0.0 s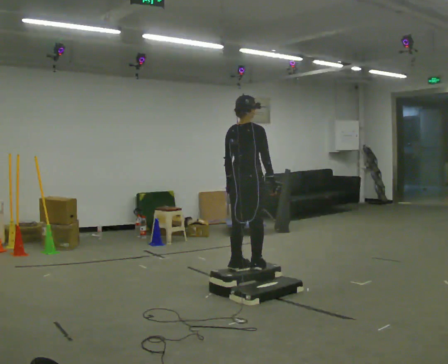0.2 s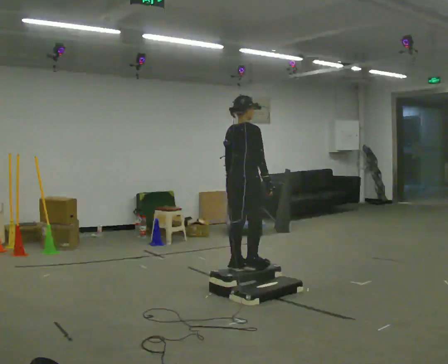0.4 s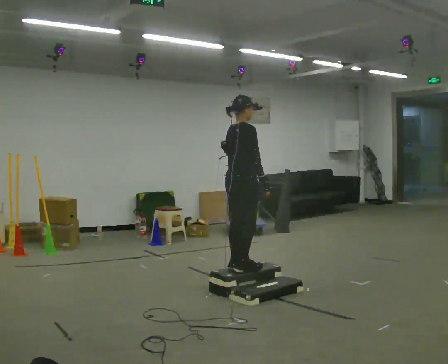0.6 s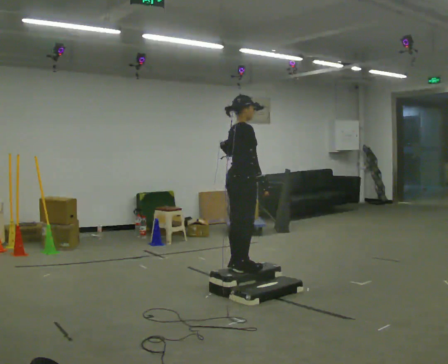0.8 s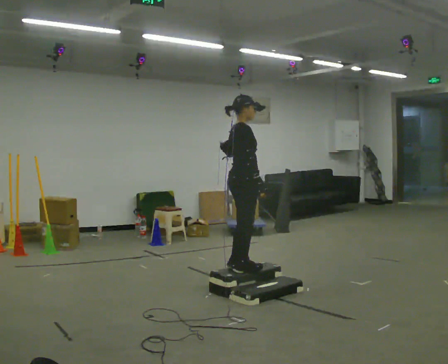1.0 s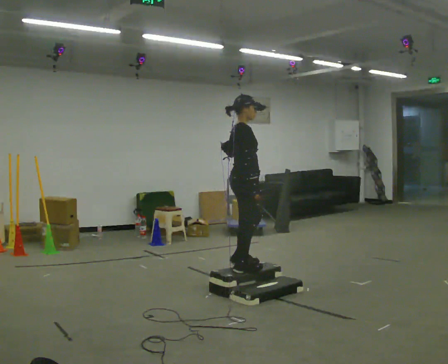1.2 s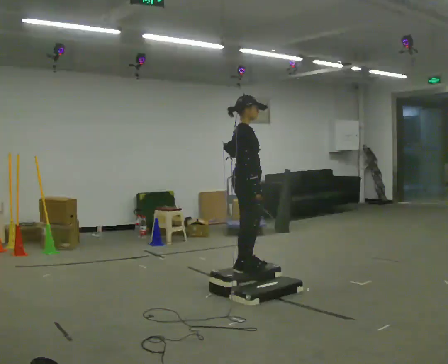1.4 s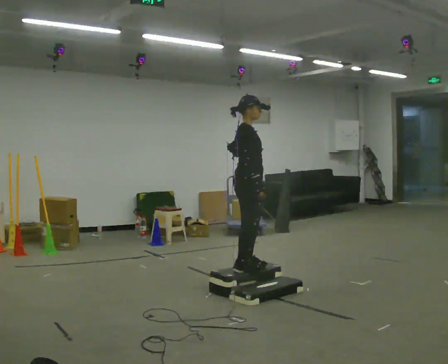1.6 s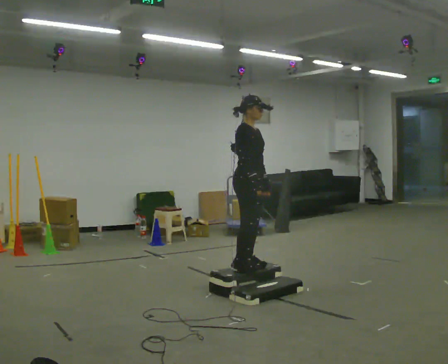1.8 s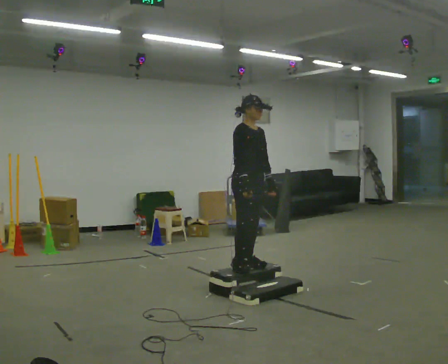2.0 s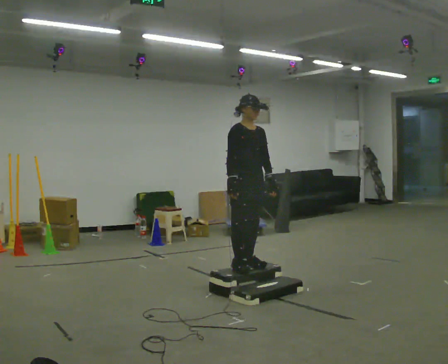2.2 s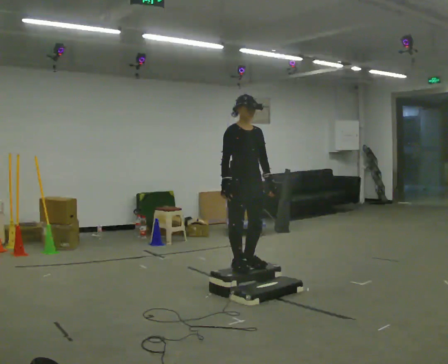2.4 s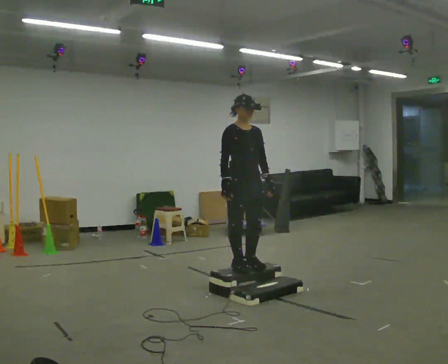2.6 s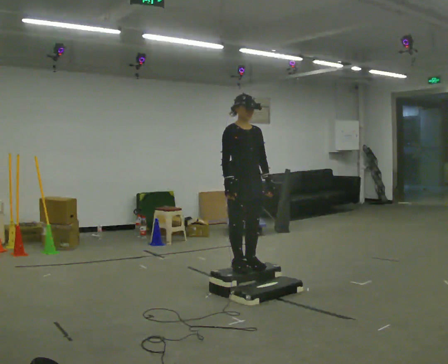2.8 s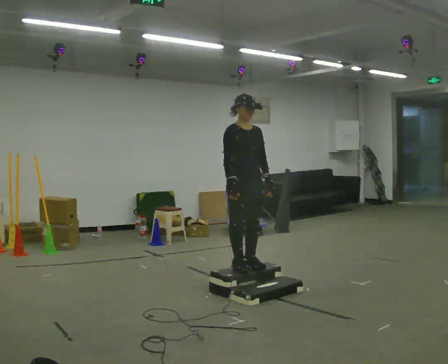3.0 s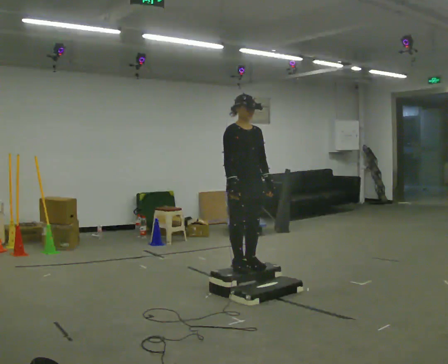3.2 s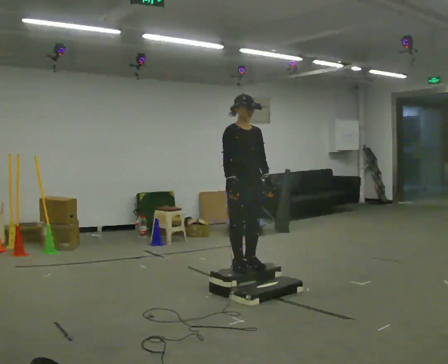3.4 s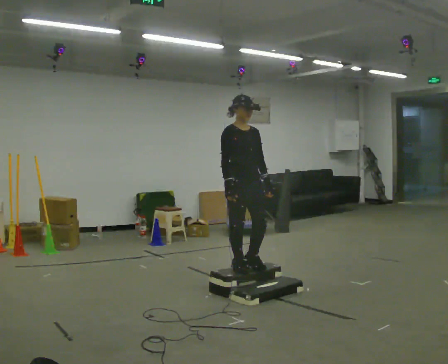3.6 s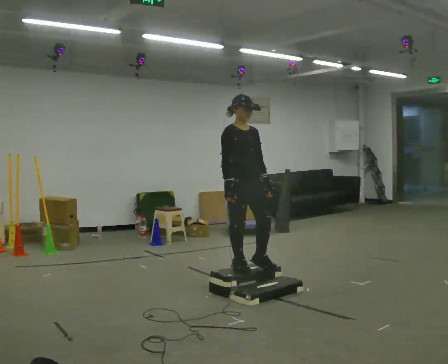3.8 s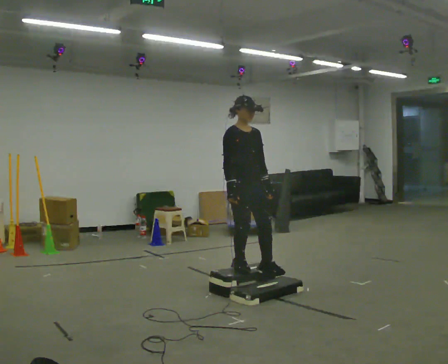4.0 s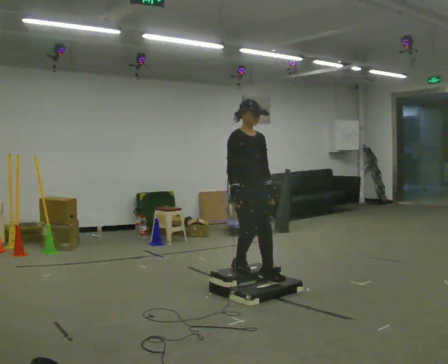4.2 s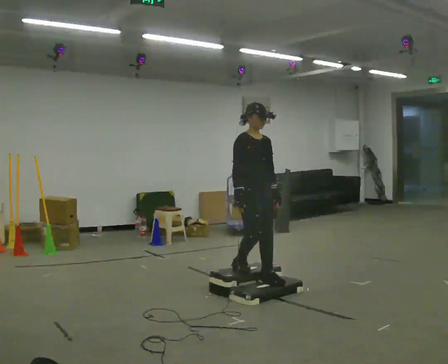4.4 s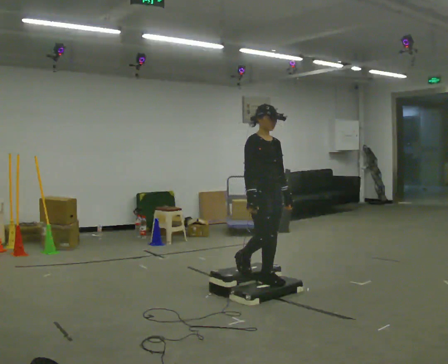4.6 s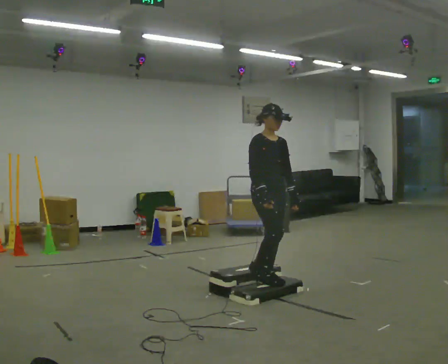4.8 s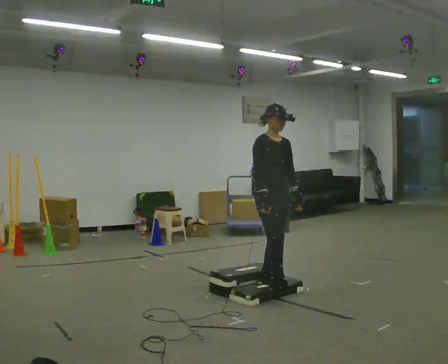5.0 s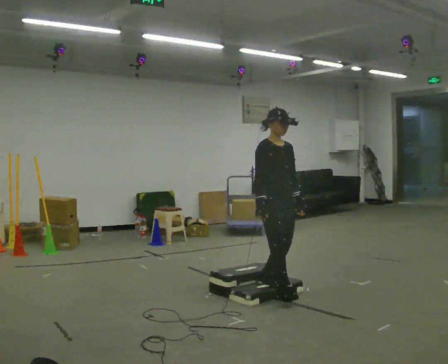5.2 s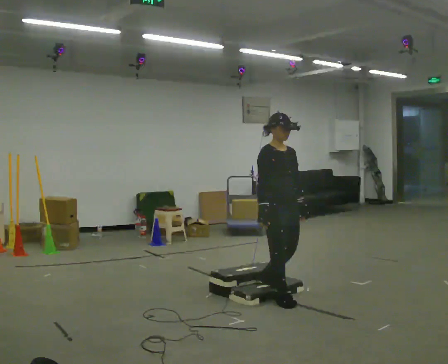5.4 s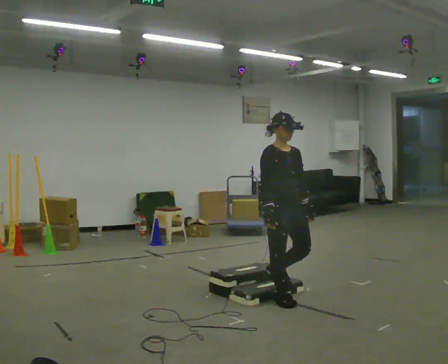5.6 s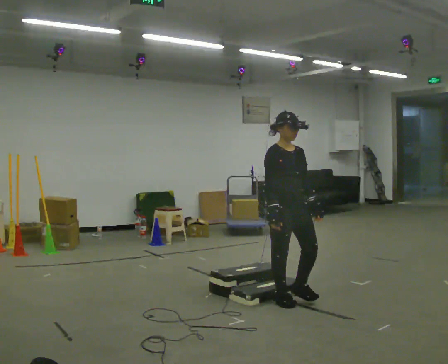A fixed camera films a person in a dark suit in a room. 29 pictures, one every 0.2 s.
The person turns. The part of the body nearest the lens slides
to the left.
The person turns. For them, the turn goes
to their right.
0.0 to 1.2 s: The part of the body nearest the lens slides to the left as the person turns to their right by about 60 degrees.
1.2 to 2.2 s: Seen from above the body turns clockwise, about 60 degrees: to their right, with its near side sliding to the left.
2.2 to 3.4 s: The person moves a little, or ends about where they began.
3.4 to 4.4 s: In the picture they go to the right, about 0.25 m in 1 step, which for them is forward.
4.4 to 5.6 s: In the picture they go toward the camera and to the right, about 0.25 m in 1 step, which for them is forward.
The film runs forward here.
